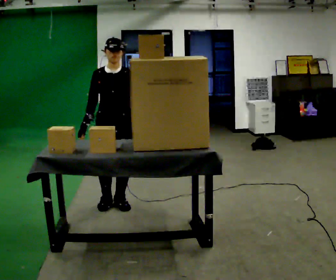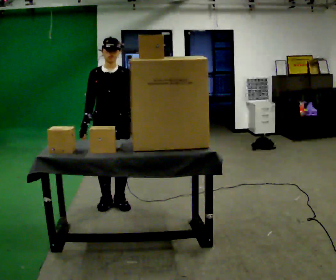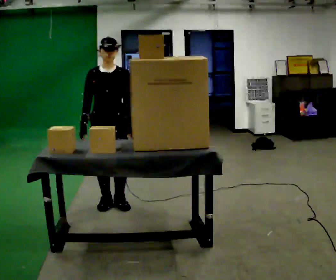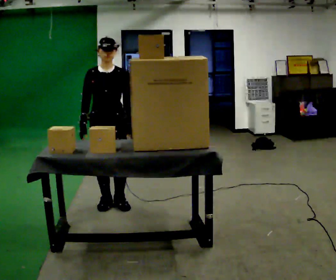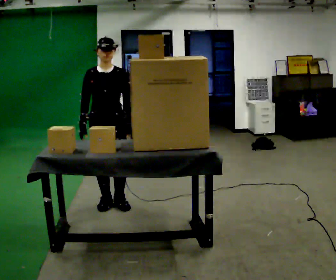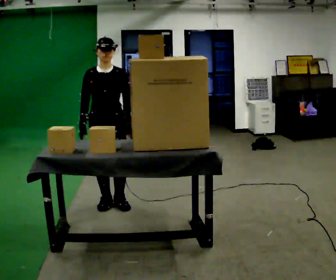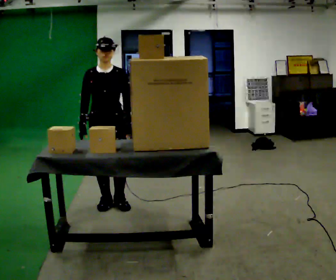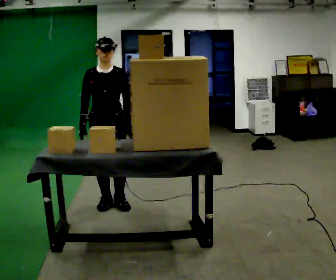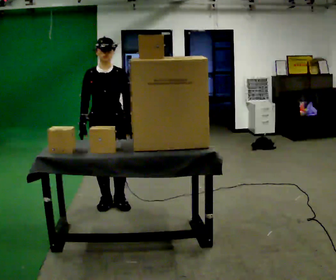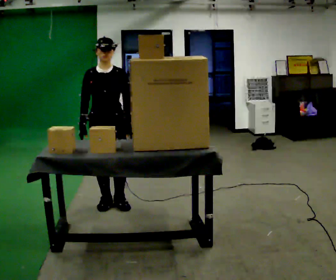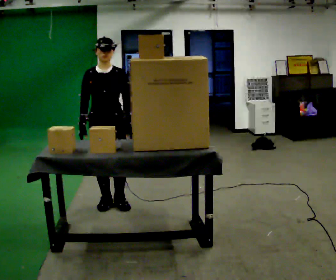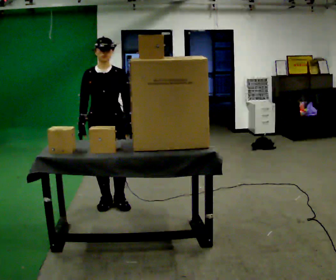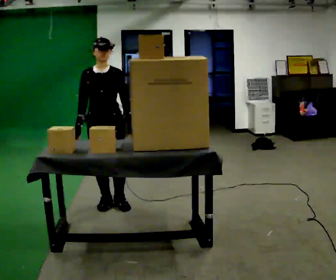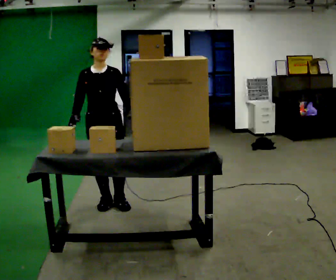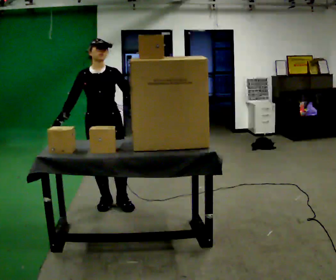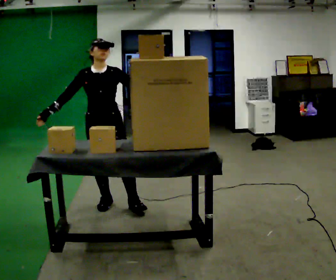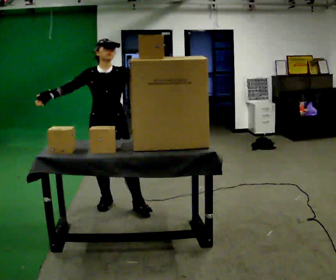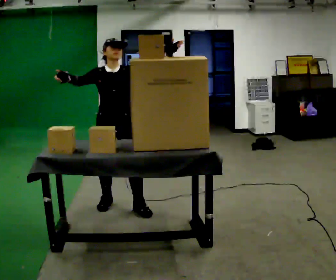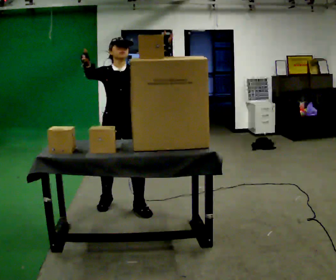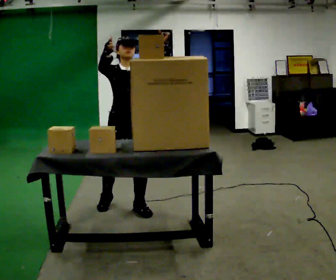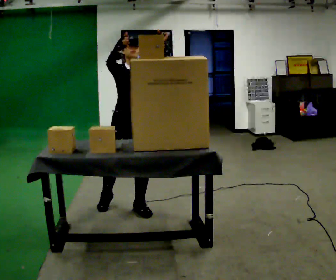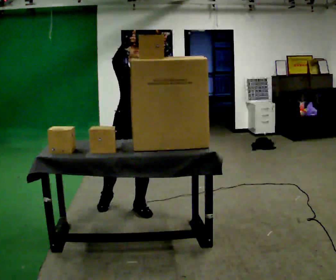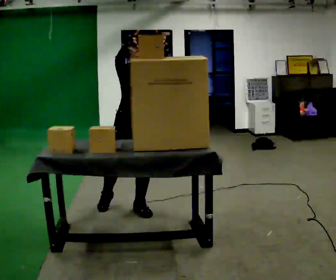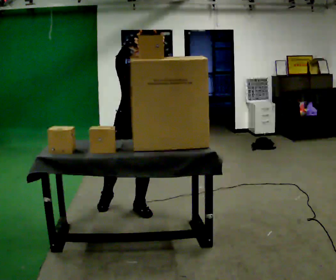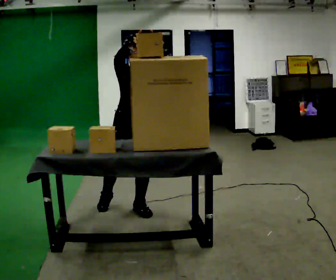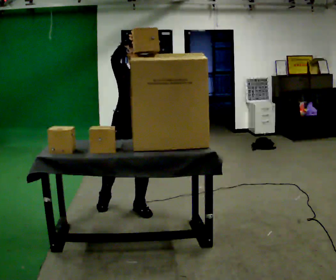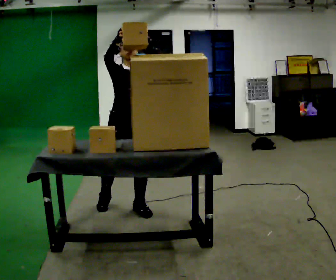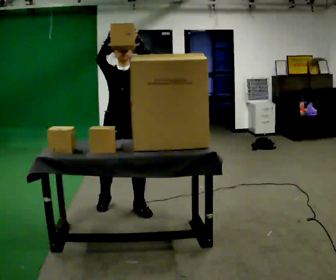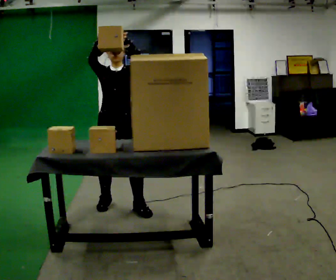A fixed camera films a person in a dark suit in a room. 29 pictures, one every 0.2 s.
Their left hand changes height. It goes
upward.
Their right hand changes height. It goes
upward.
0.0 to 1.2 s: The person moves a little, or ends about where they began.
1.2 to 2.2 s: The person keeps their place and pose.
2.2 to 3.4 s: In the picture their left hand goes upward and to the right, the arm swinging counterclockwise.
3.4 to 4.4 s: In the picture they go to the right, about 0.25 m, which for them is to their left. In the picture their right hand goes to the right.
4.4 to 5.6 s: In the picture they go to the left, about 0.25 m, which for them is to their right.
The film runs forward here.
